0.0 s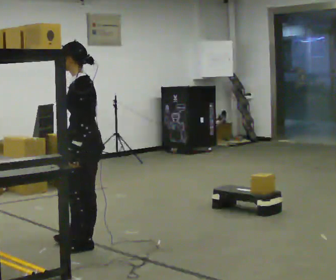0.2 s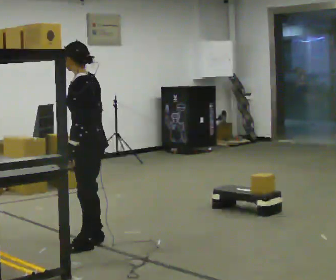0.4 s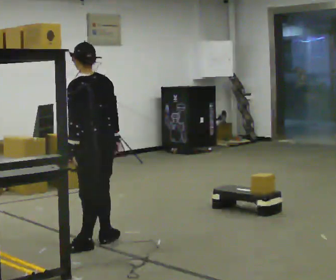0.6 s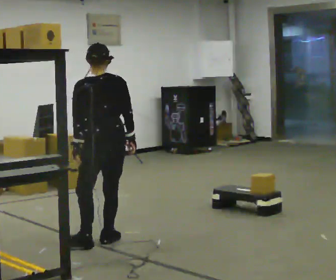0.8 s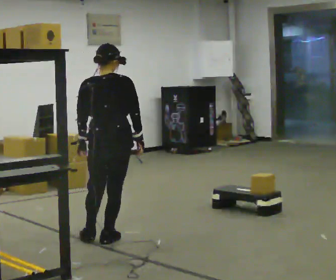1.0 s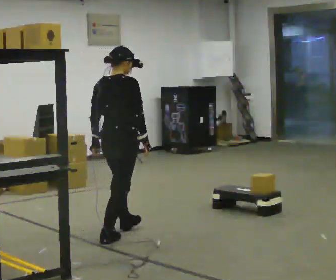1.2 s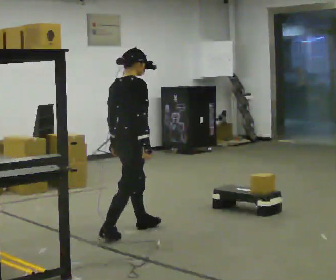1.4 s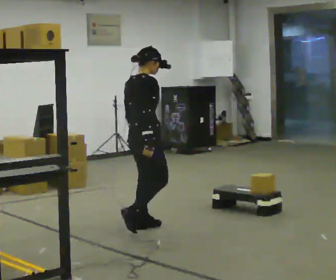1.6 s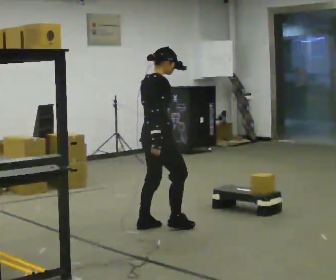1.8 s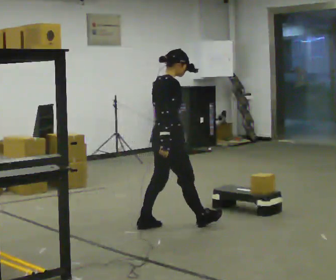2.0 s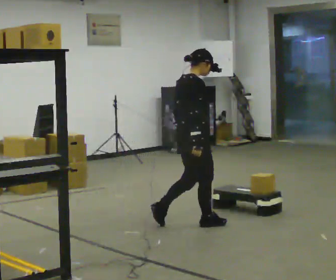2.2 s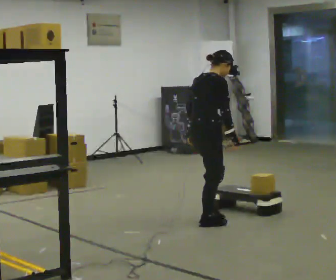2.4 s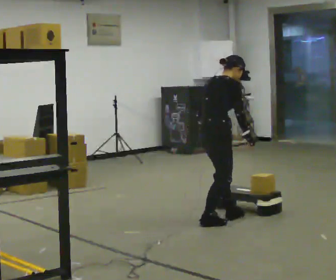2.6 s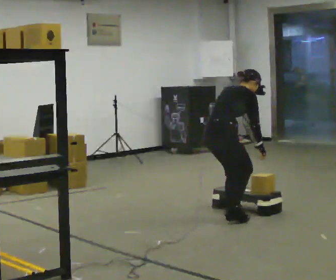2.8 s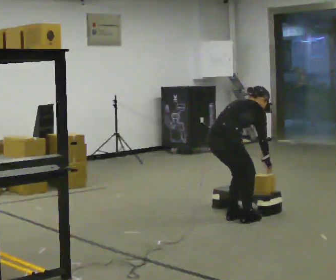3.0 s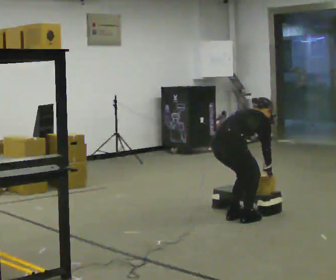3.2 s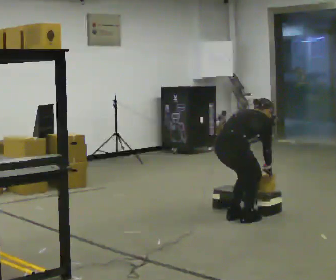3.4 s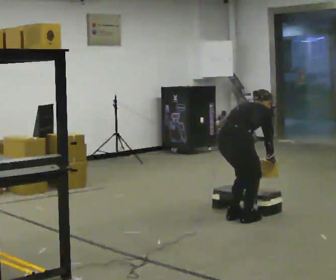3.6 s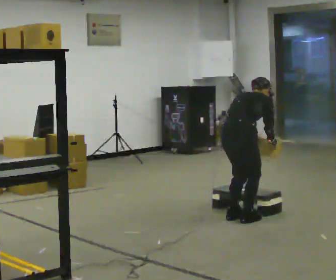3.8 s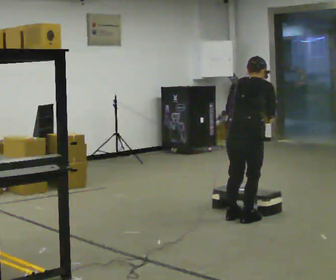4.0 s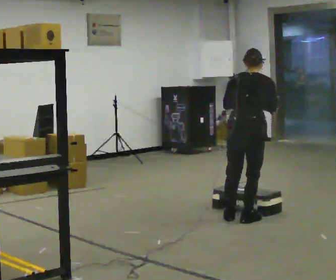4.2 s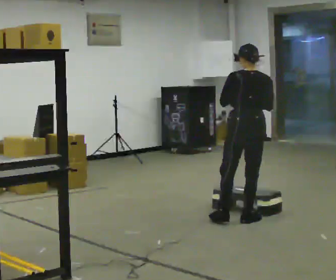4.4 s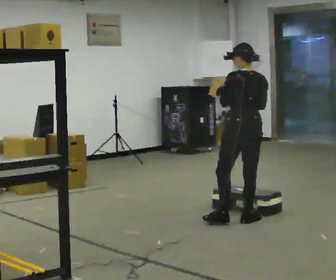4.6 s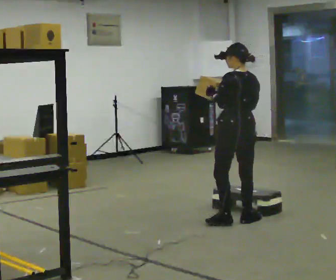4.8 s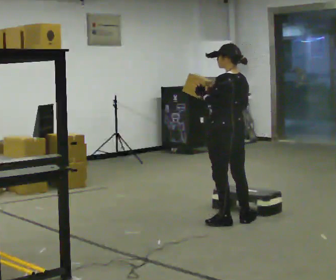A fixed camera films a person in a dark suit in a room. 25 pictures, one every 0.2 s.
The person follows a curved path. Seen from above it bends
clockwise.
0.0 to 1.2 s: The person turns about 150 degrees to their right, clockwise seen from above, so the part of the body nearest the lens slides to the left. In the picture they go away from the camera and to the right, about 0.5 m in 2 steps.
1.2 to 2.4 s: In the picture they go to the right and away from the camera, about 1 m in 2 steps, which for them is forward. In the picture the upper body tilts clockwise, shoulders to the right, as they bend forward.
2.4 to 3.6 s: In the picture they go to the right, about 0.25 m in 1 step, which for them is to their right and forward.
3.6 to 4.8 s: The part of the body nearest the lens slides to the right as the person turns to their left by about 75 degrees. The shoulders move upward. The upper body tips toward the camera, its near side rolling downward, as they lean back or straighten. In the picture their right hand goes to the left and upward.
The film runs forward here.
